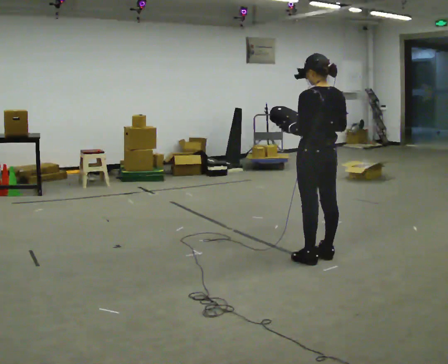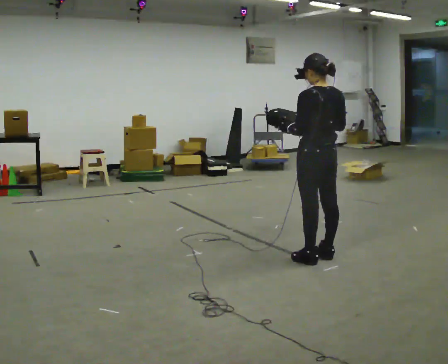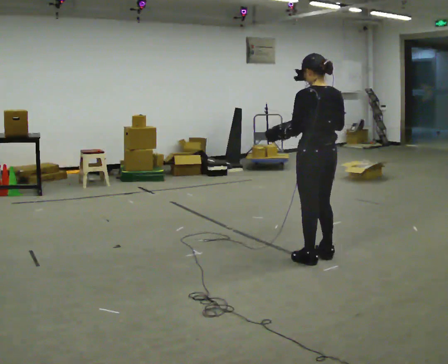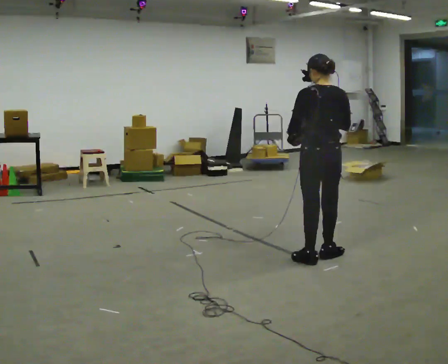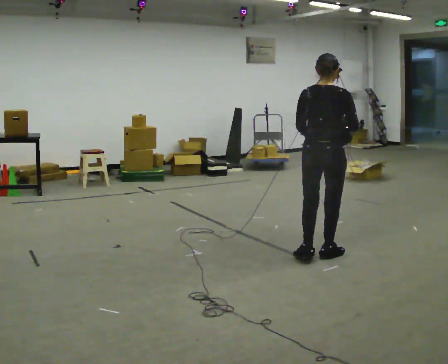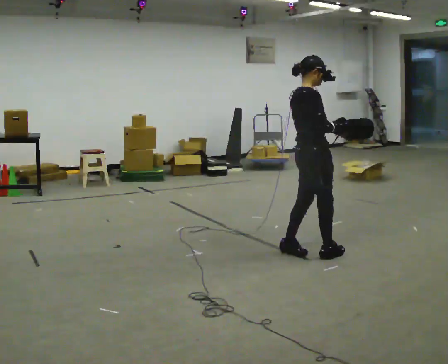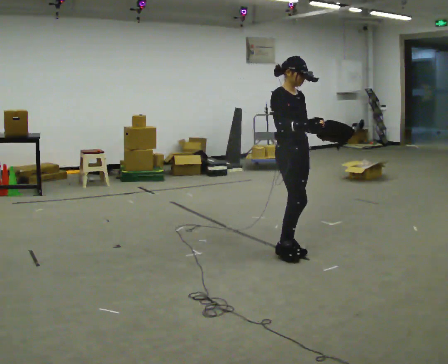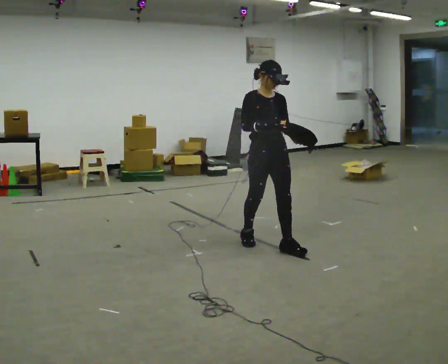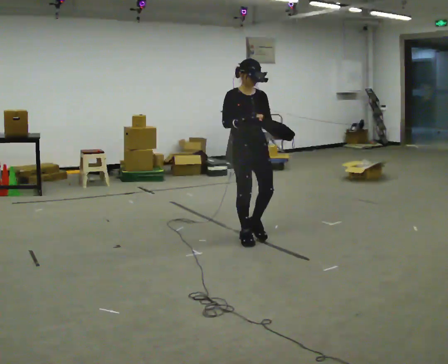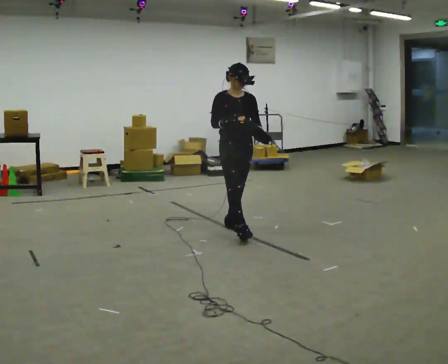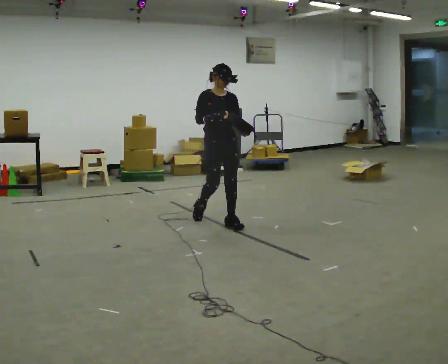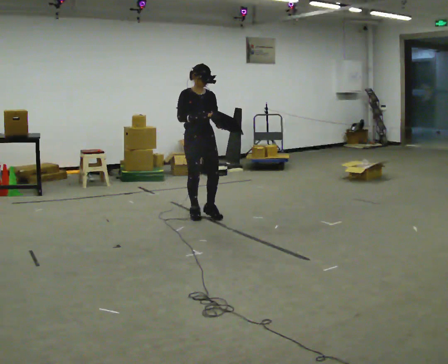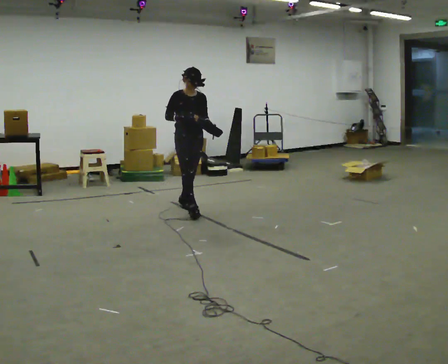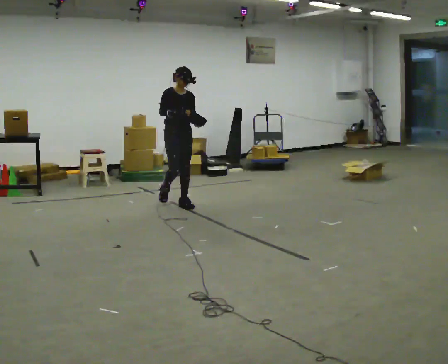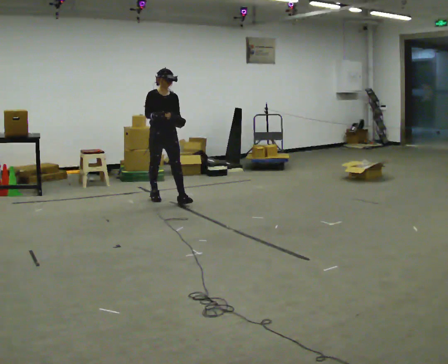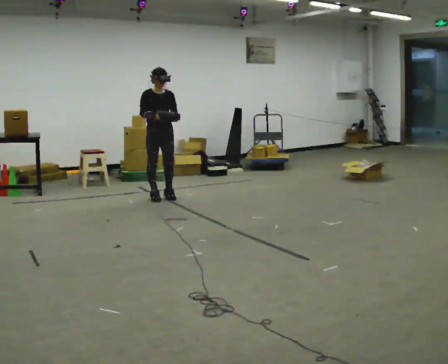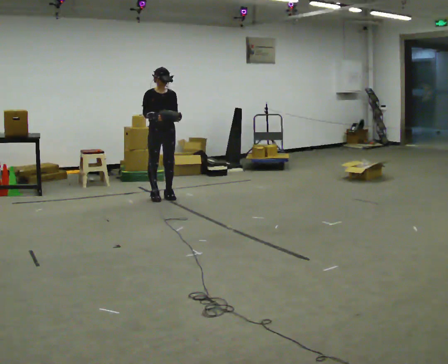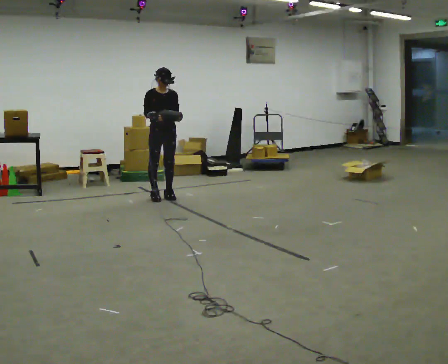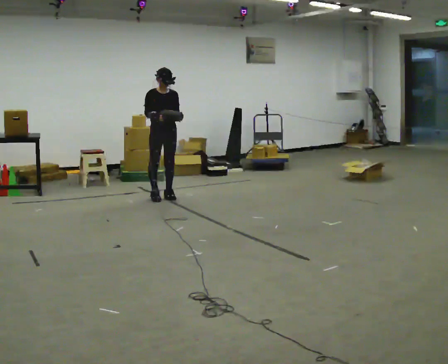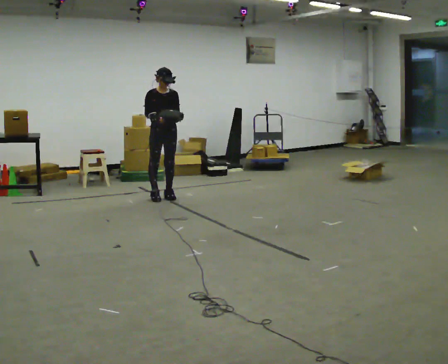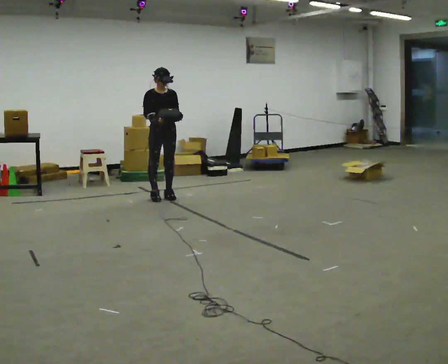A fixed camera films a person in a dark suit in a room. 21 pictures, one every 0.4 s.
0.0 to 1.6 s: The part of the body nearest the lens slides to the left as the person turns to their right by about 60 degrees.
1.6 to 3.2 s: The part of the body nearest the lens slides to the left as the person turns to their right by about 120 degrees. In the picture they go to the left and away from the camera, about 1 m in 2 steps.
3.2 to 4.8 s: In the picture they go away from the camera and to the left, about 1 m in 2 steps, which for them is backward.
4.8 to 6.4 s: In the picture they go away from the camera and to the left, about 0.75 m in 2 steps, which for them is backward.
6.4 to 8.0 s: The person keeps their place and pose.
The film runs backward here.
